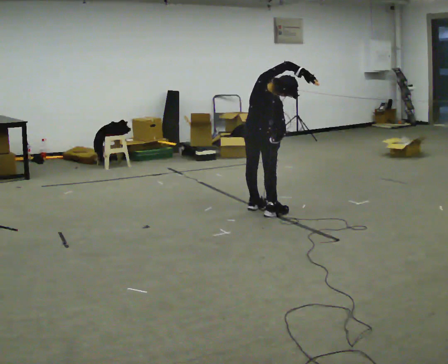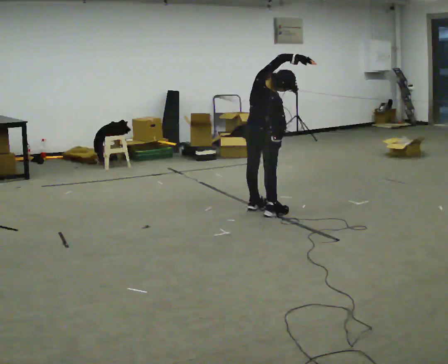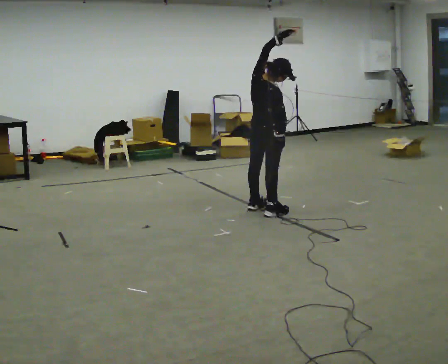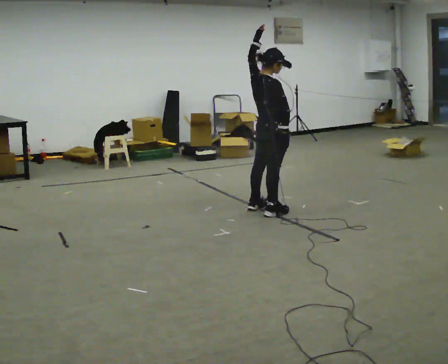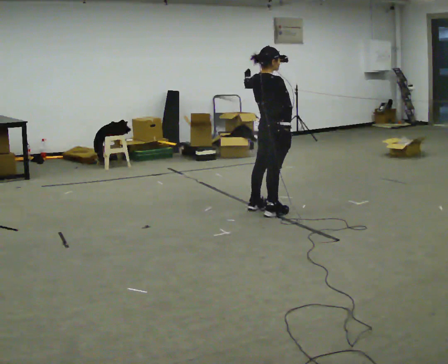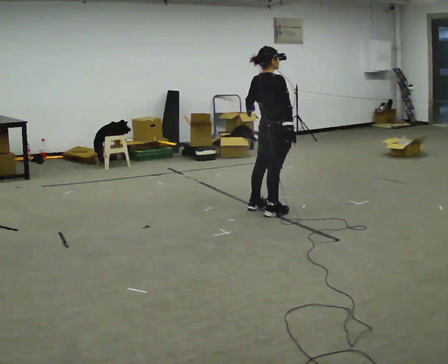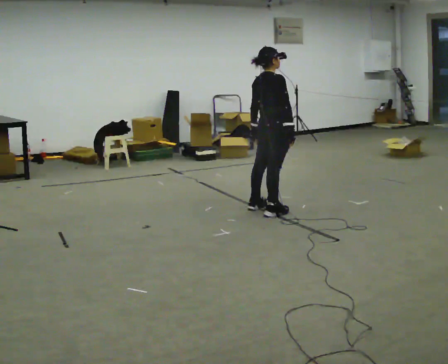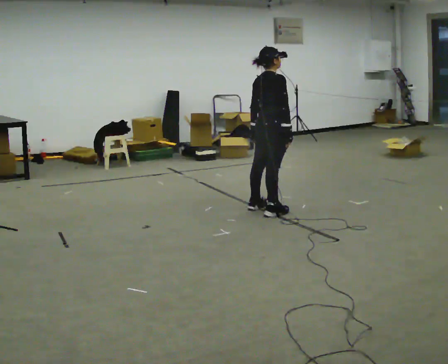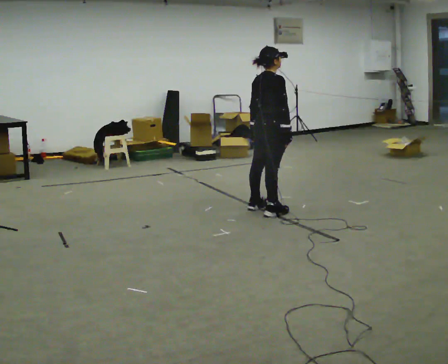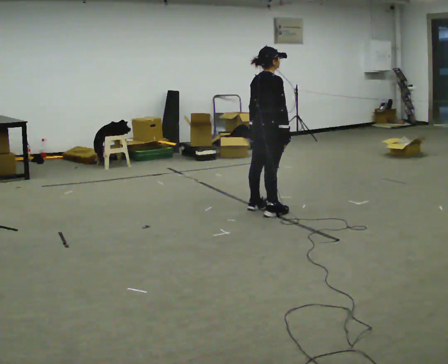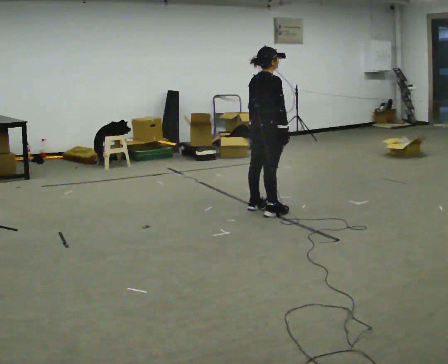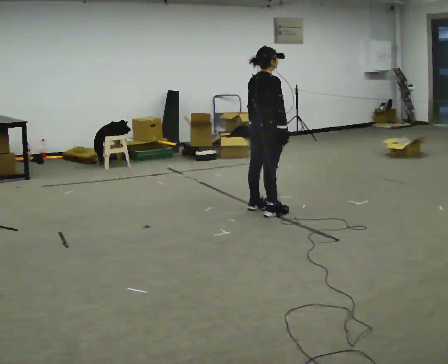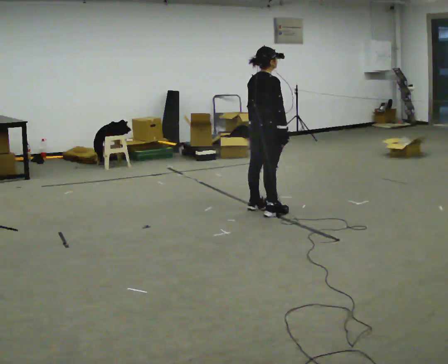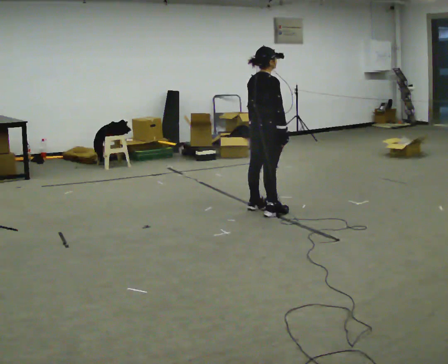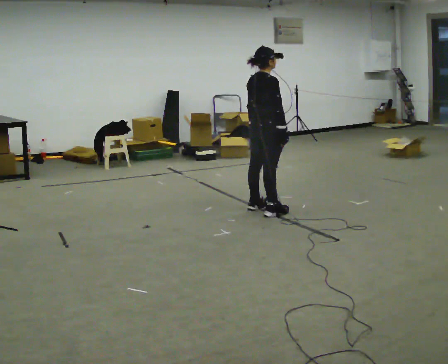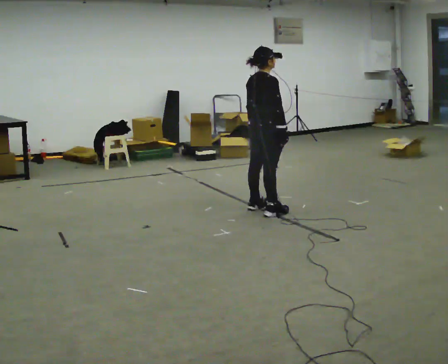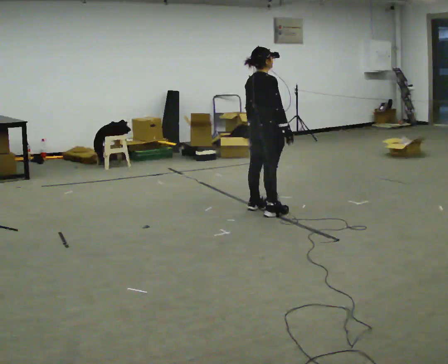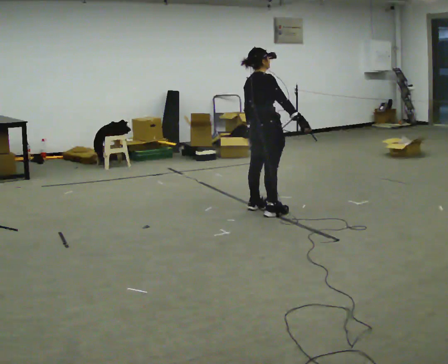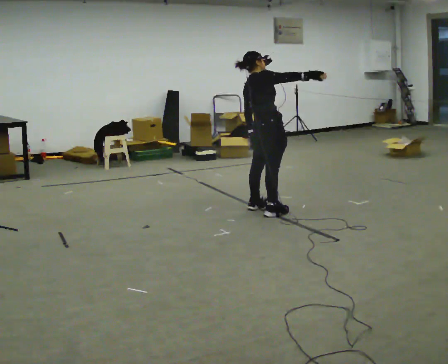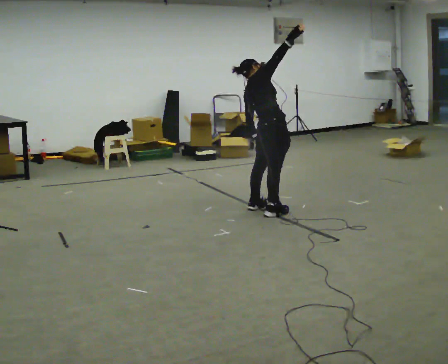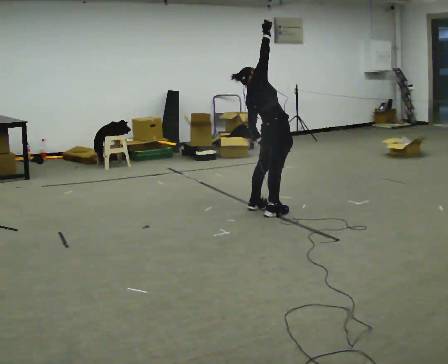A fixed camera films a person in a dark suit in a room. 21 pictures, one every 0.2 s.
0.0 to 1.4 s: The upper body tips away from the camera, its near side rolling upward, as they bend forward. In the picture their left hand goes downward and to the left.
1.4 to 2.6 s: The person moves a little, or ends about where they began.
2.6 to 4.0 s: The upper body tips away from the camera, its near side rolling upward, as they lean back or straighten. In the picture their right hand goes upward, the arm swinging counterclockwise.
The film runs forward here.
